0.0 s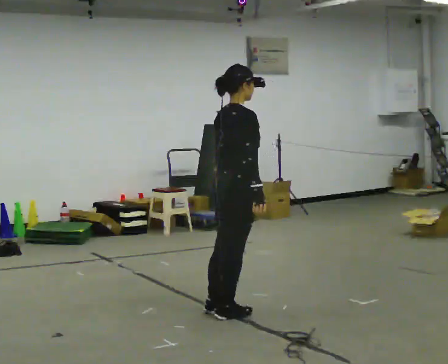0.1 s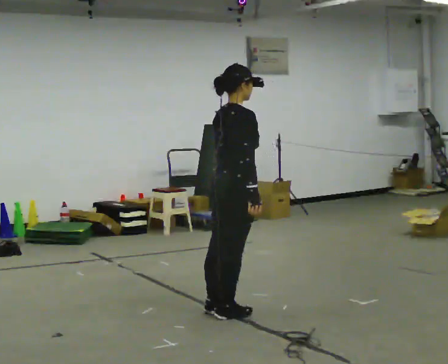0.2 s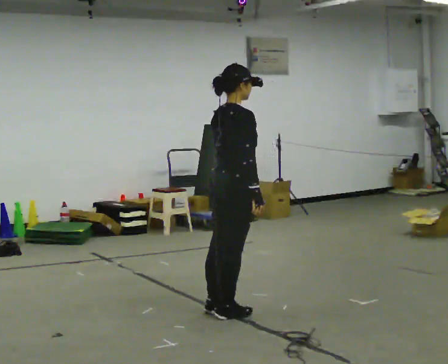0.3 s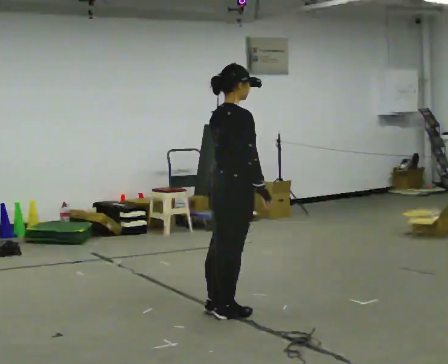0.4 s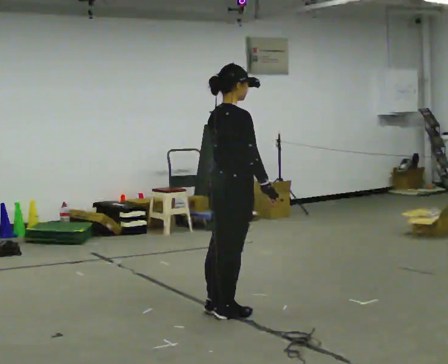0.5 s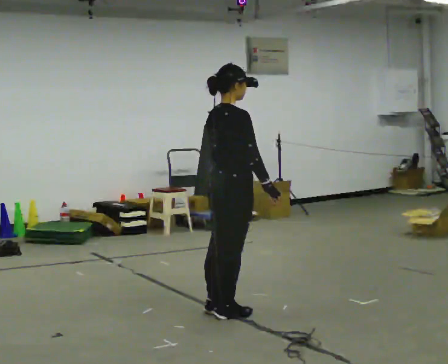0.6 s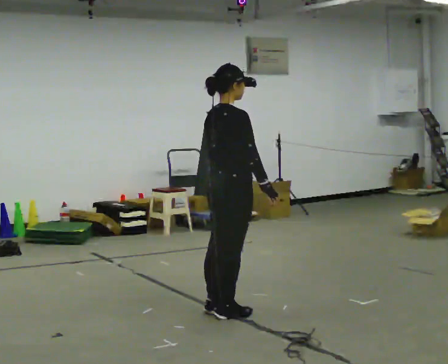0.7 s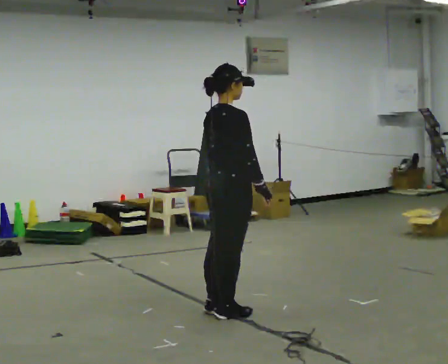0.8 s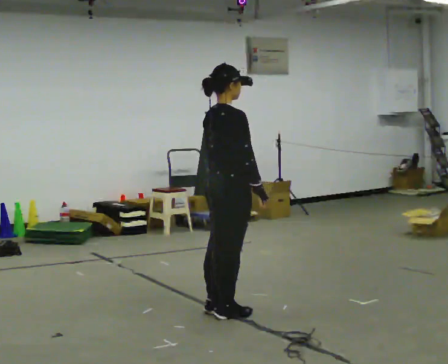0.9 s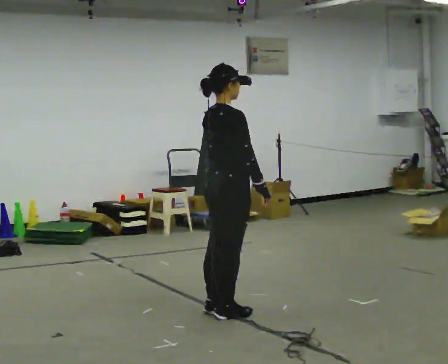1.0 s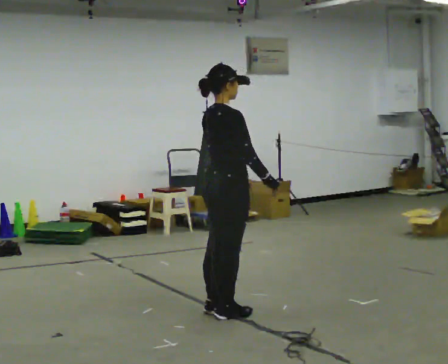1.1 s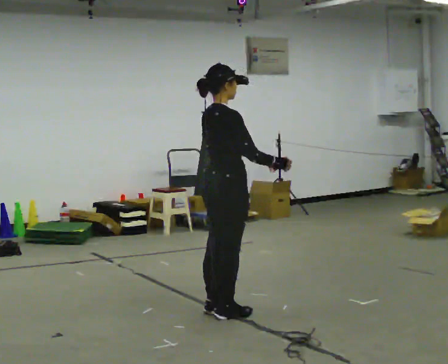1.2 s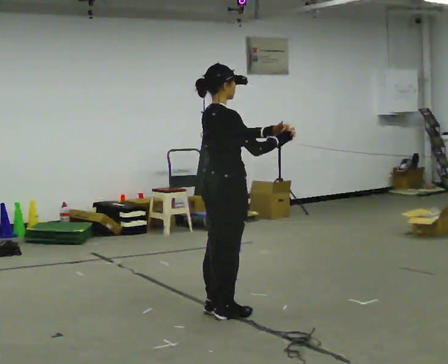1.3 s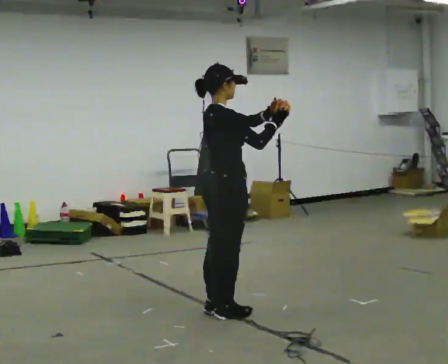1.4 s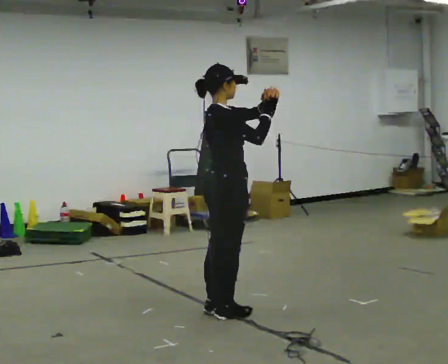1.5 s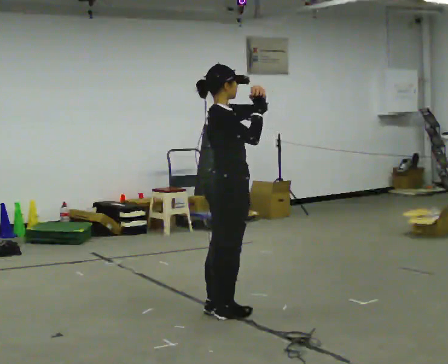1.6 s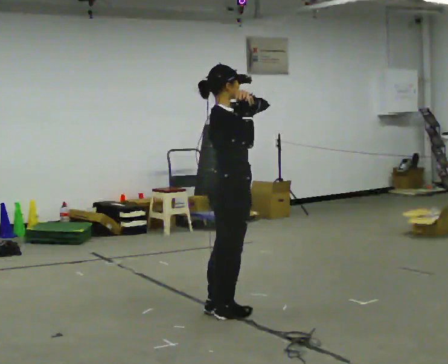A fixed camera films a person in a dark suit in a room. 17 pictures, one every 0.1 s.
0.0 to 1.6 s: In the picture their left hand goes upward.
The film runs forward here.
